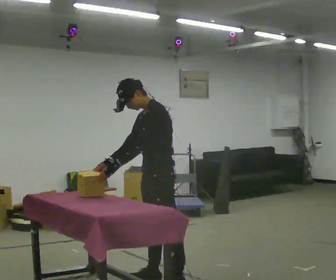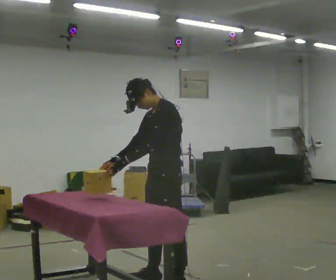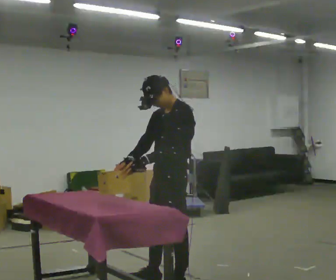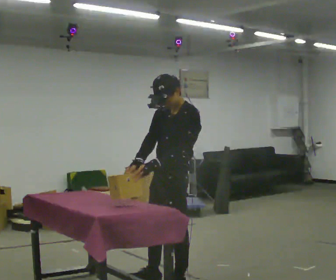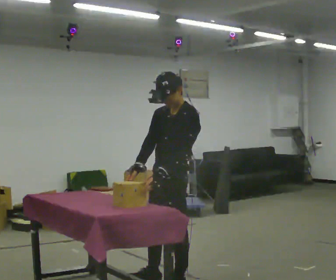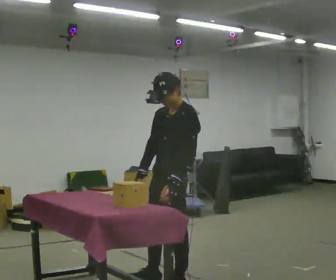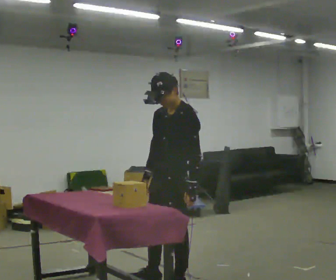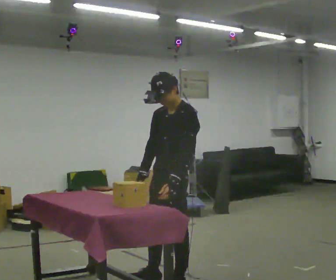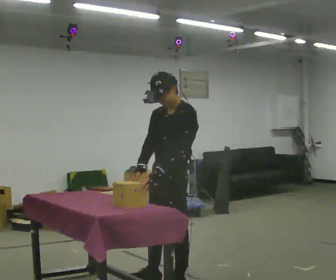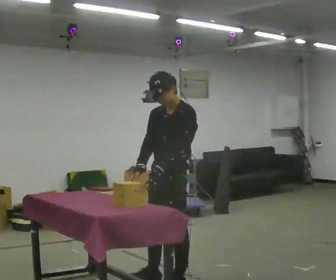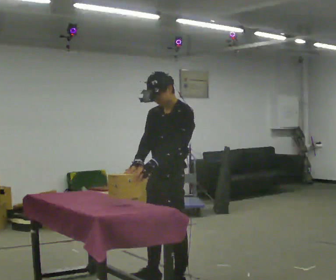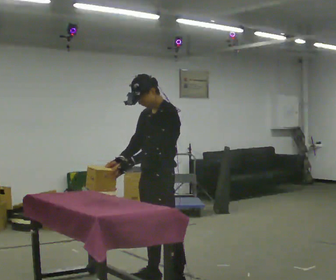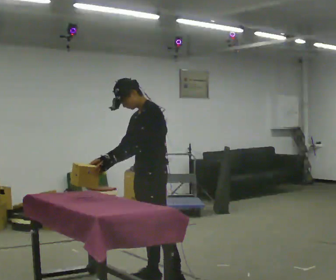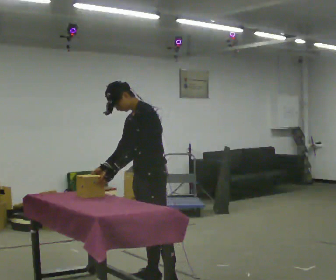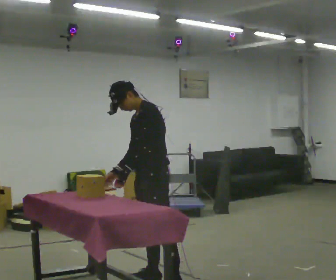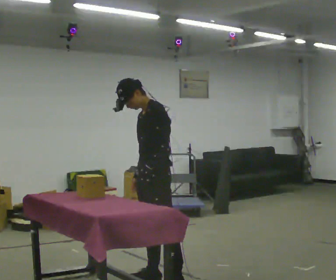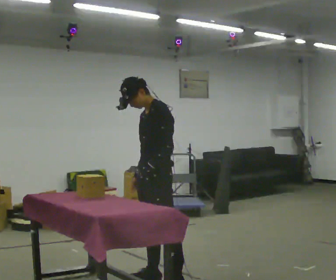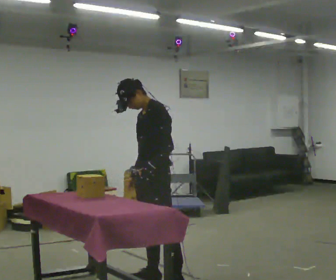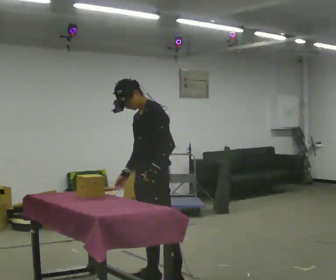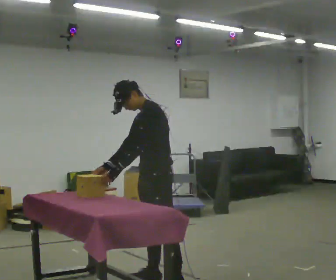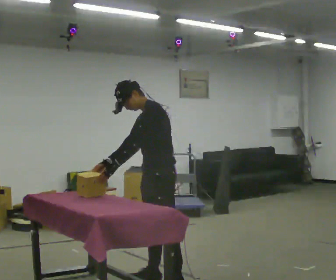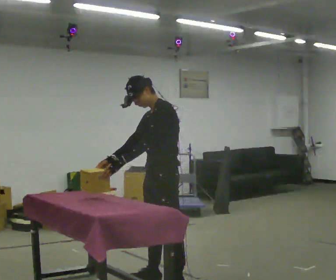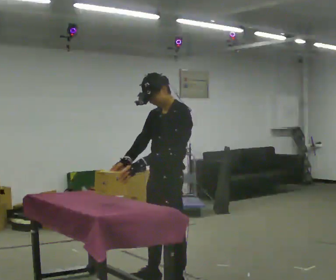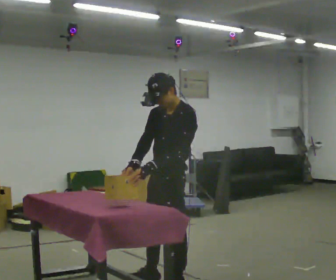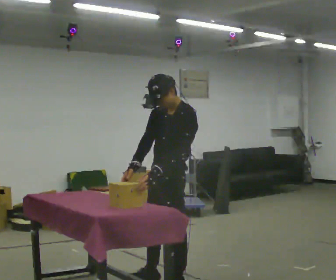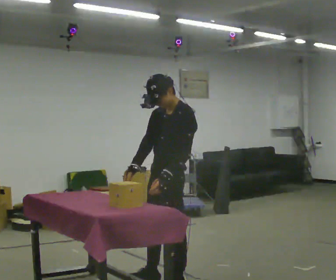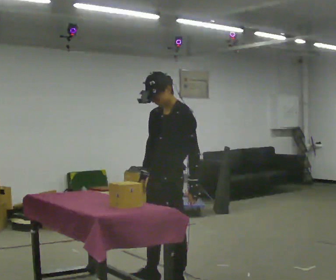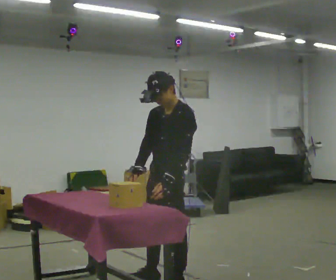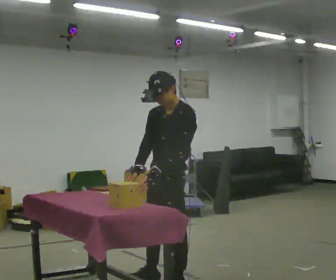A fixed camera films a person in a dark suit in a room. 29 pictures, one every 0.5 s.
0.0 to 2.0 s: In the picture they go toward the camera, about 0.25 m, which for them is to their left. In the picture the upper body tilts clockwise, shoulders to the right. In the picture their left hand goes to the right.
2.0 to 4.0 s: The person moves a little, or ends about where they began.
4.0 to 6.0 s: In the picture they go away from the camera, about 0.25 m, which for them is to their right.
6.0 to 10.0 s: The person moves a little, or ends about where they began.
10.0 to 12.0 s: In the picture they go toward the camera, about 0.25 m, which for them is to their left. In the picture the upper body tilts clockwise, shoulders to the right.
12.0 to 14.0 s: The person moves a little, or ends about where they began.
The film runs backward here.
